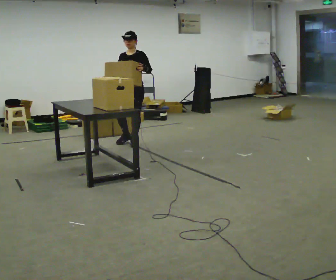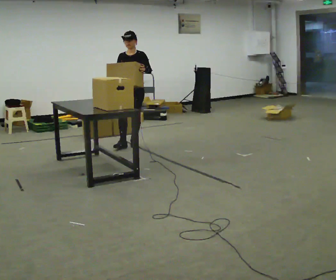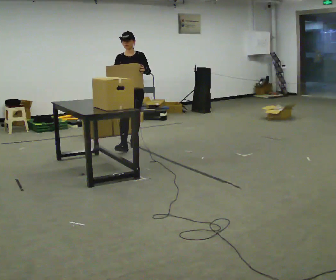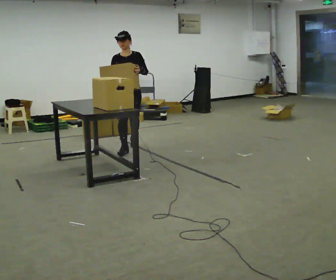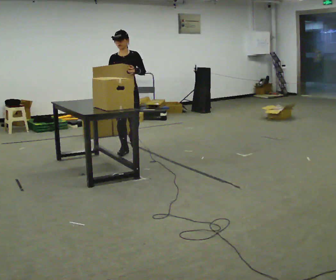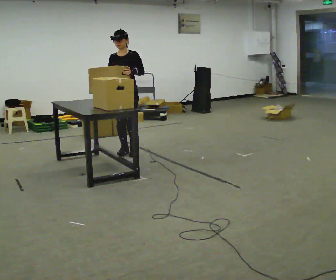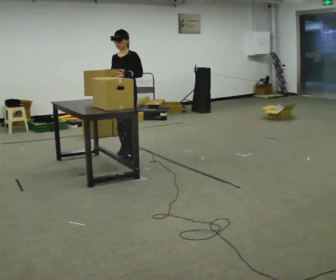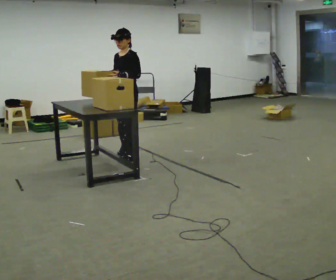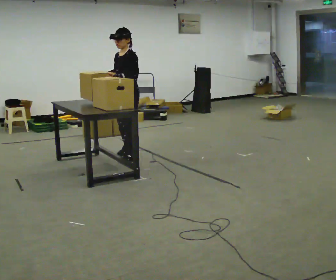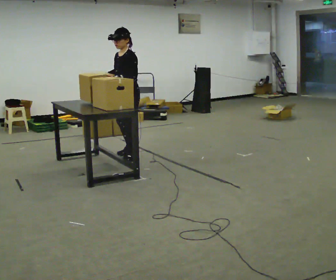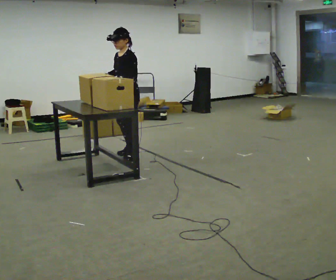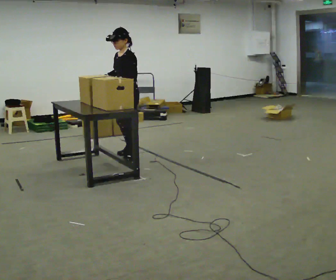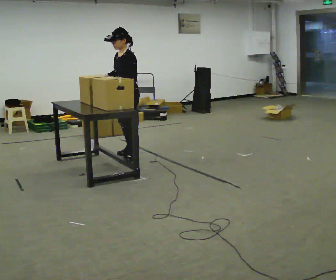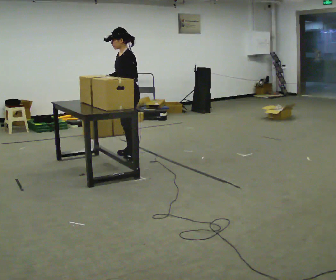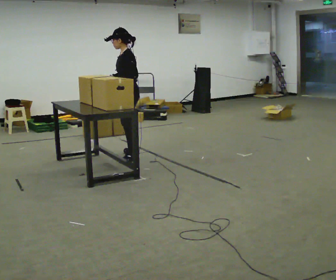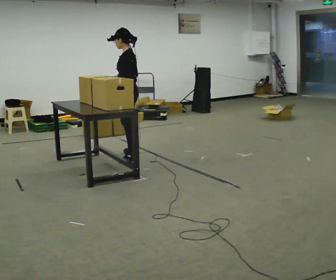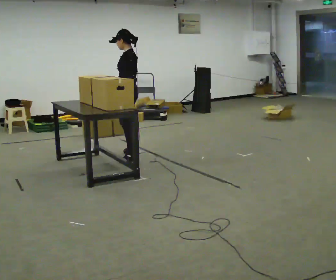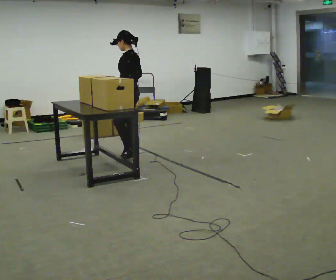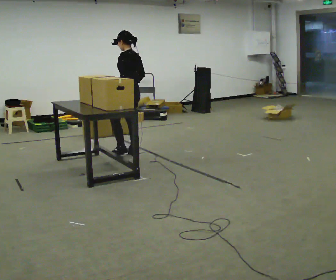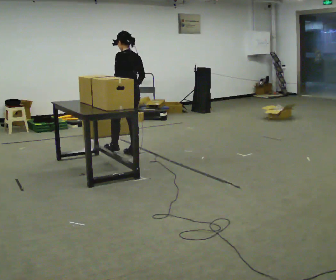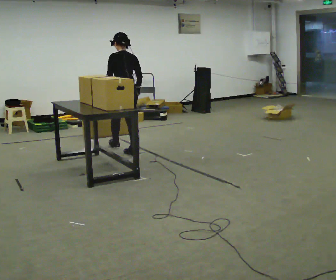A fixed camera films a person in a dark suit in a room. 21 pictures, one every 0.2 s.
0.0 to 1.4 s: In the picture they go toward the camera, about 0.75 m in 2 steps, which for them is forward.
1.4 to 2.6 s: The person turns about 30 degrees to their right, clockwise seen from above, so the part of the body nearest the lens slides to the left.
2.6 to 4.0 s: Seen from above the body turns clockwise, about 75 degrees: to their right, with its near side sliding to the left. In the picture they go away from the camera, about 0.25 m in 1 step.
The film runs forward here.
